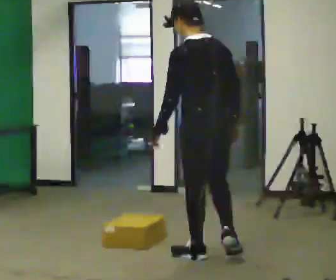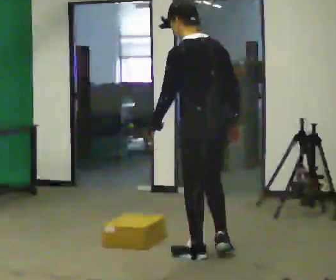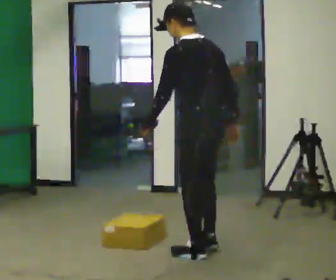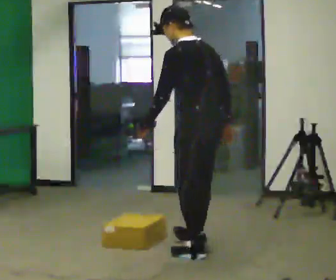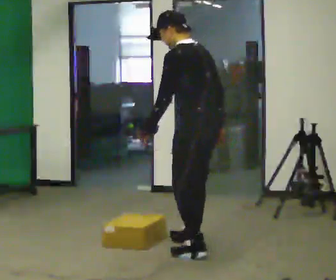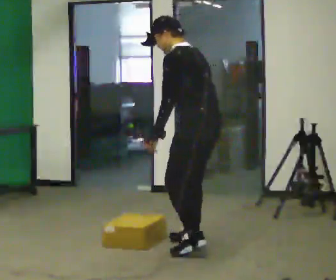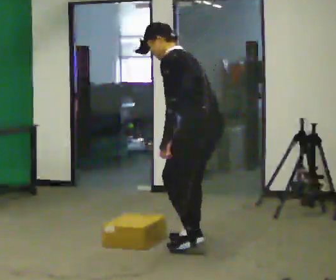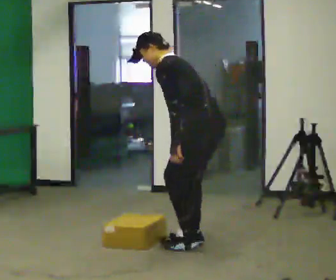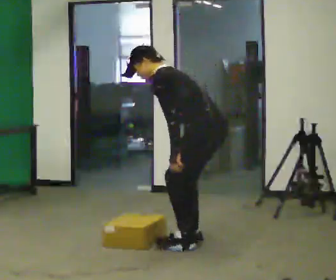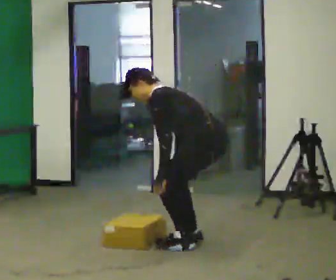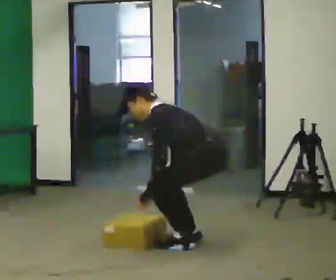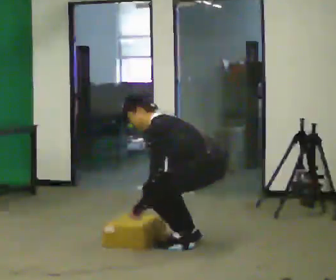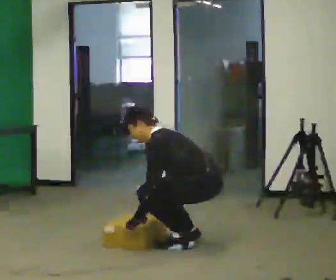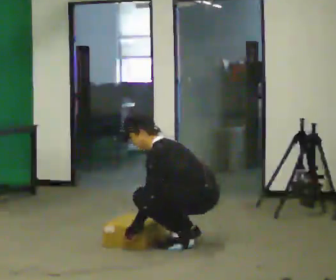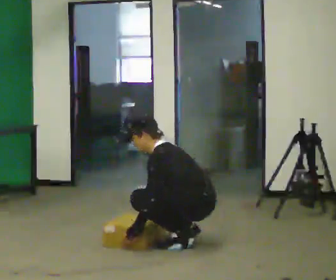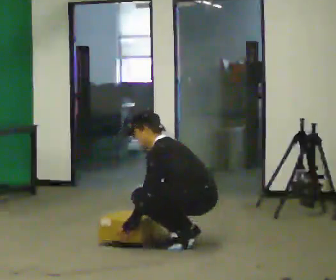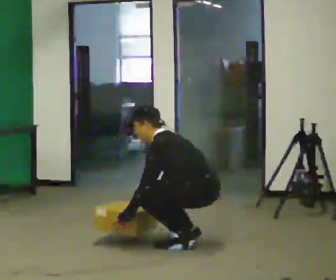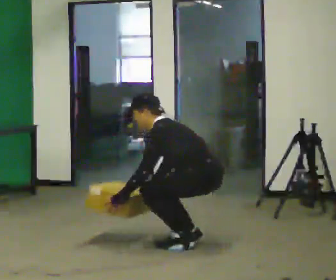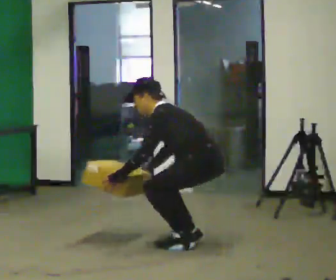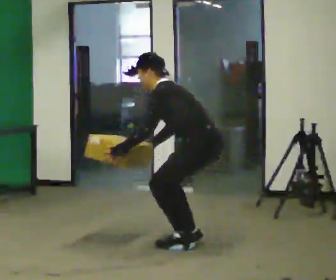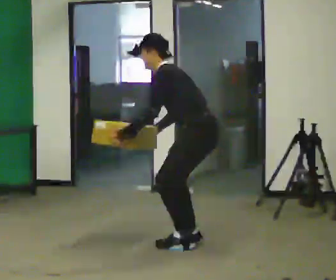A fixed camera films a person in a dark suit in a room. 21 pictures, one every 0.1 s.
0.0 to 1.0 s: The person turns about 30 degrees to their left, counterclockwise seen from above, so the part of the body nearest the lens slides to the right. In the picture they go away from the camera, about 0.5 m in 2 steps, which for them is to their right and forward. The shoulders move downward. In the picture the upper body tilts counterclockwise, shoulders to the left, as they bend forward. In the picture their left hand goes downward.
1.0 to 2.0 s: In the picture their right hand goes upward.
The film runs forward here.
